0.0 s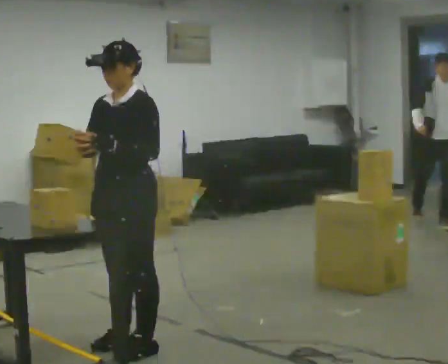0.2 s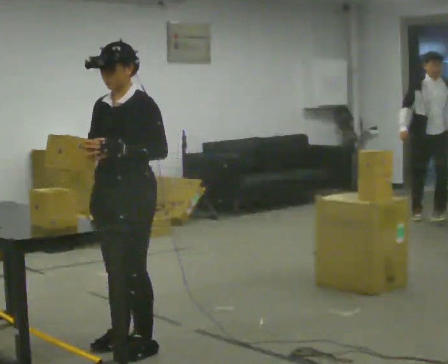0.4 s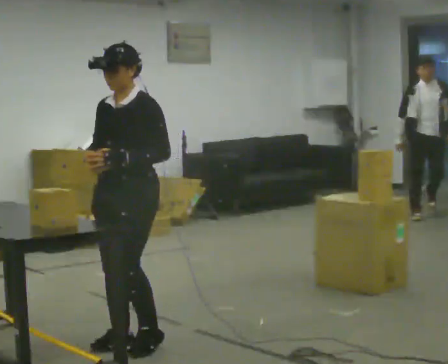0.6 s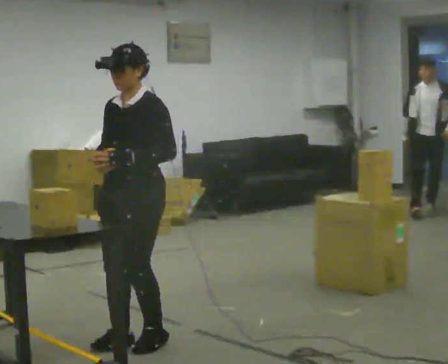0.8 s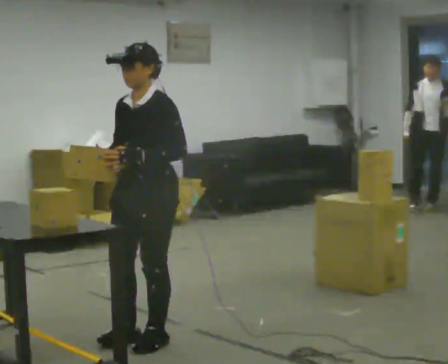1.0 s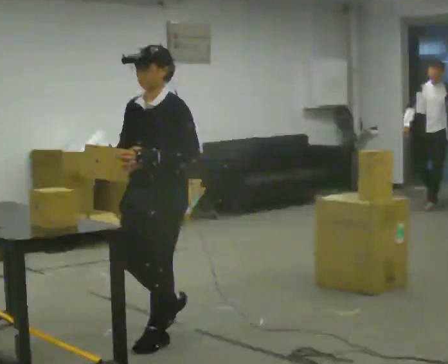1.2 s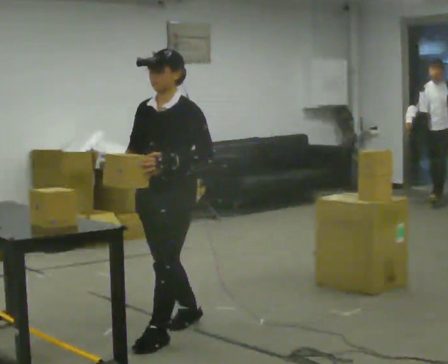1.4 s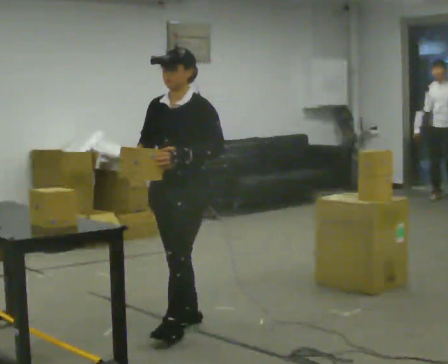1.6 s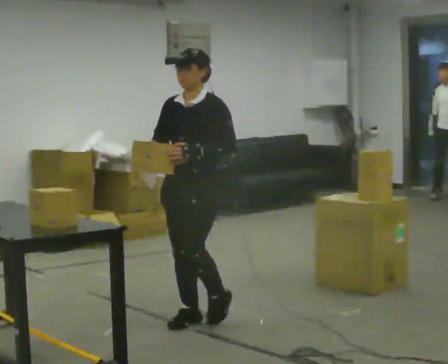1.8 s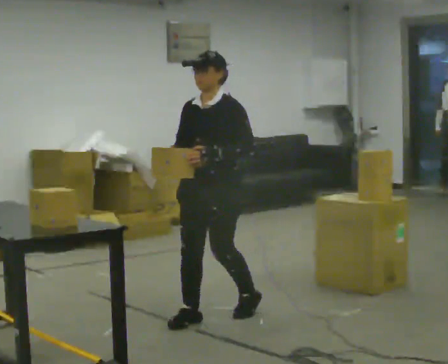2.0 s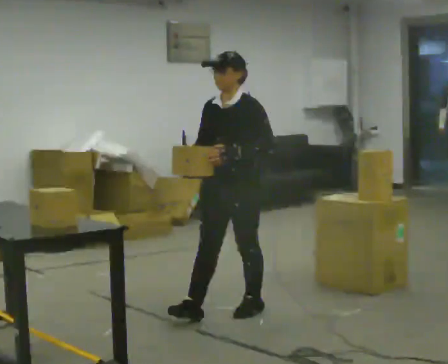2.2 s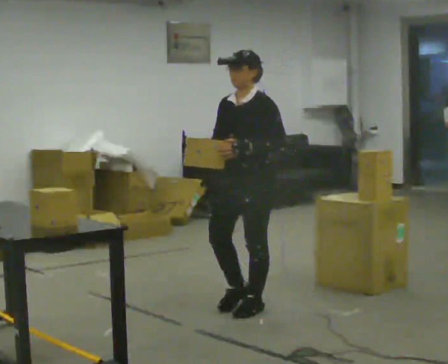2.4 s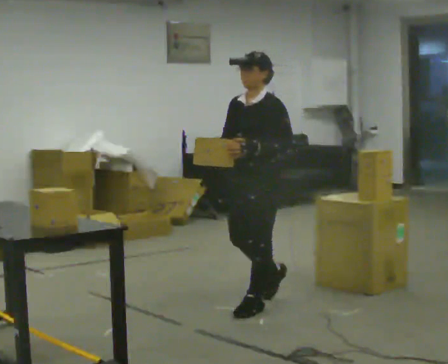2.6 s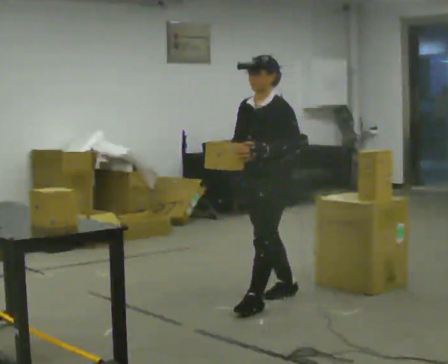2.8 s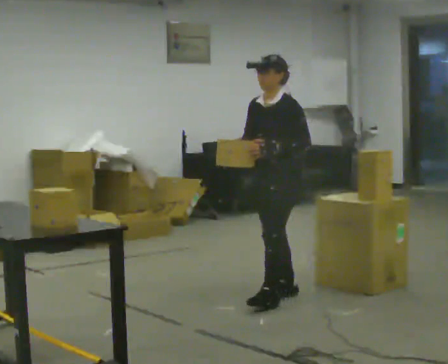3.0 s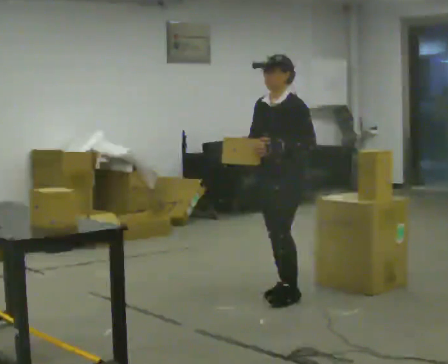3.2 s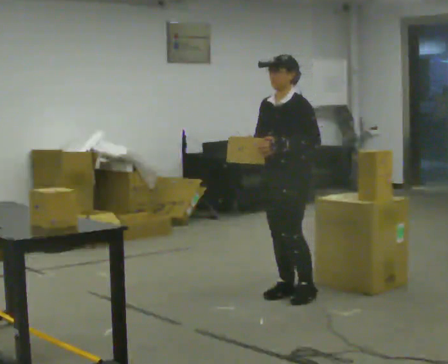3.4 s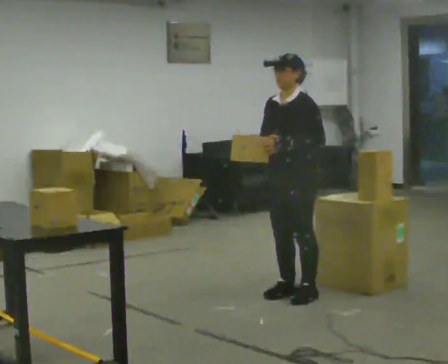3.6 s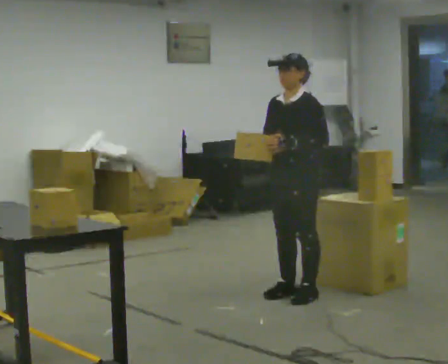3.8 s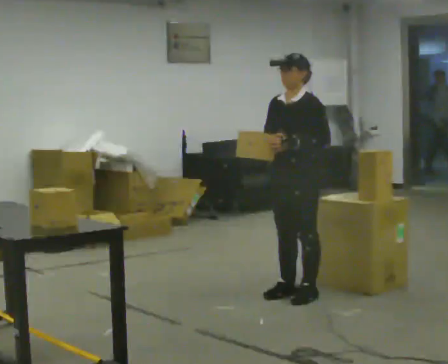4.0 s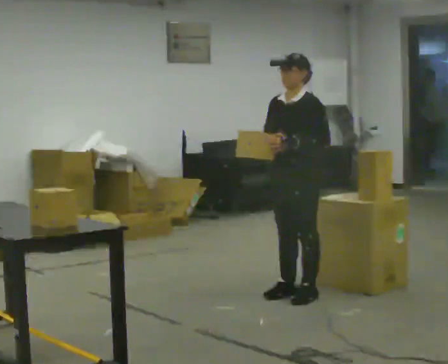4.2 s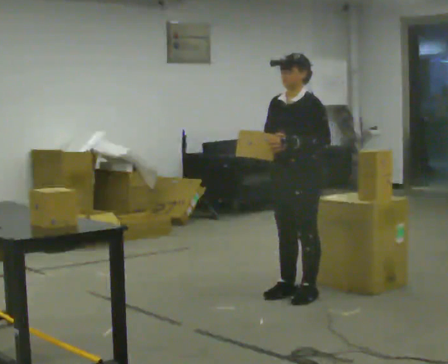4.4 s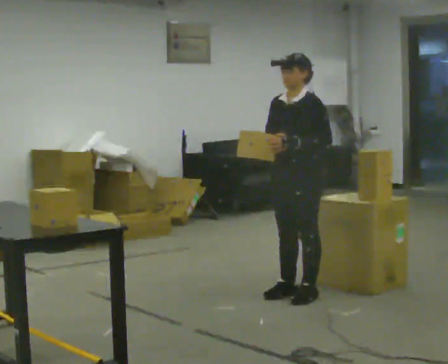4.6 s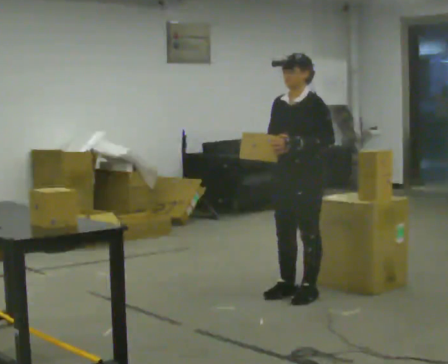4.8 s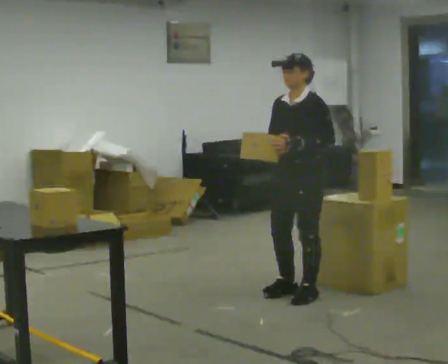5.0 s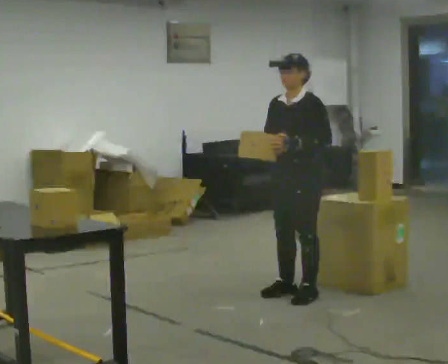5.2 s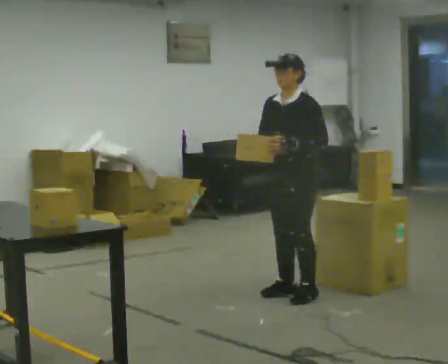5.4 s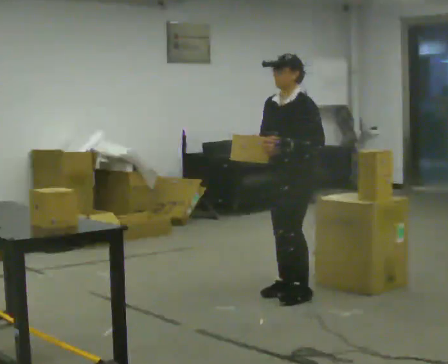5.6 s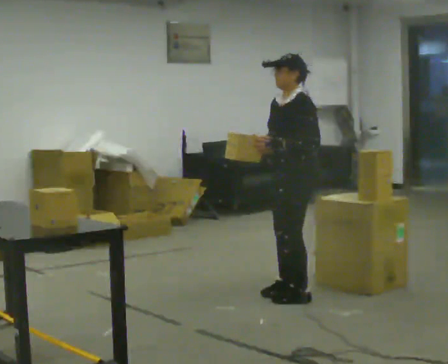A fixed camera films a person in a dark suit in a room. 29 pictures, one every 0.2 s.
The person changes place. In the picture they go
away from the camera.
0.0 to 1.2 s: In the picture they go away from the camera and to the right, about 0.25 m in 2 steps, which for them is backward.
1.2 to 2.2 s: In the picture they go away from the camera and to the right, about 0.75 m in 2 steps, which for them is backward.
2.2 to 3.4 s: In the picture they go away from the camera and to the right, about 0.5 m in 1 step, which for them is backward.
3.4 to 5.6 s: The person moves a little, or ends about where they began.
The film runs backward here.
